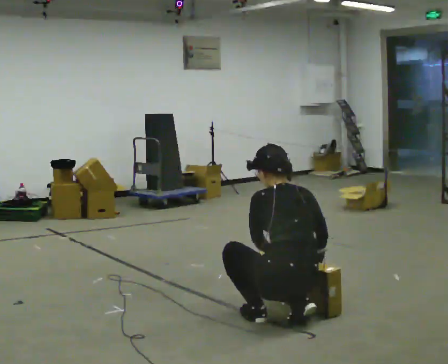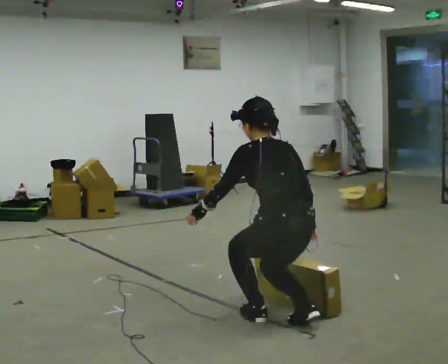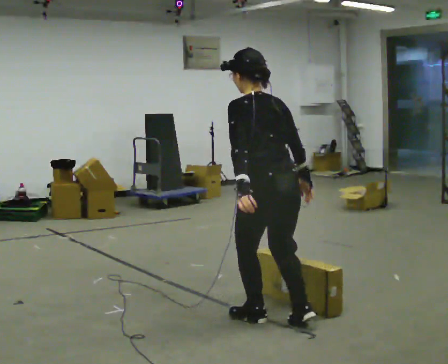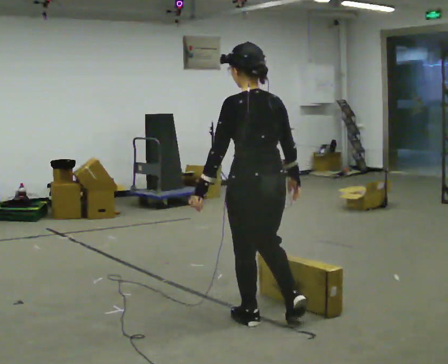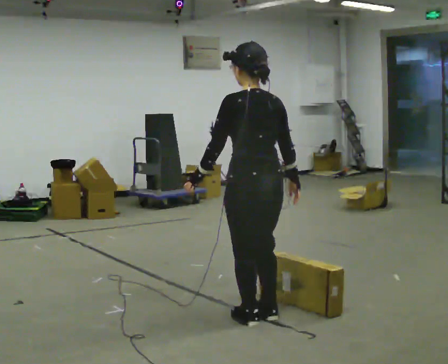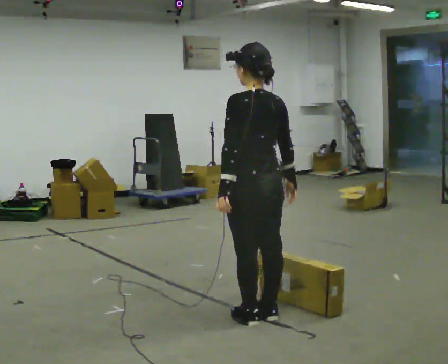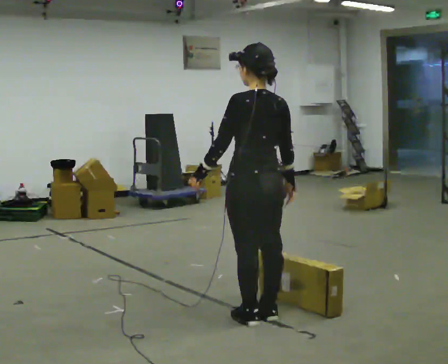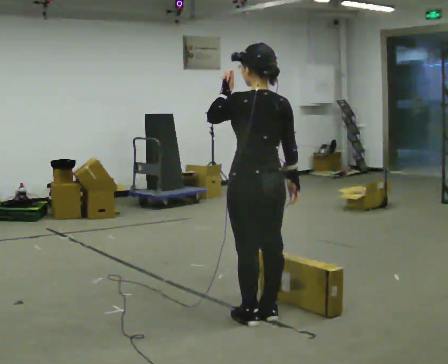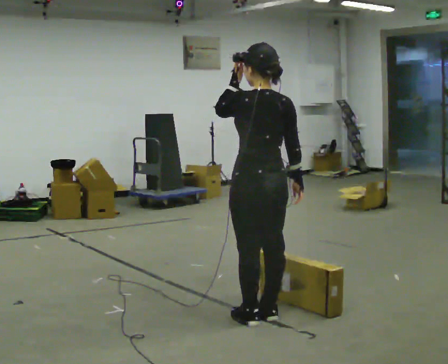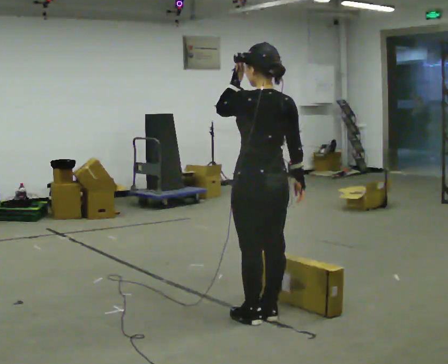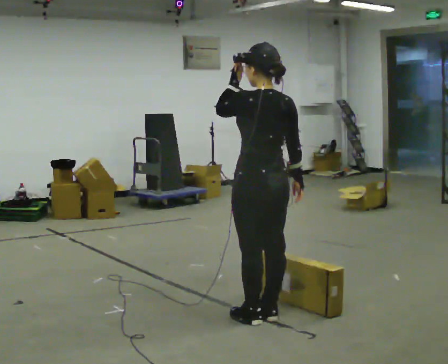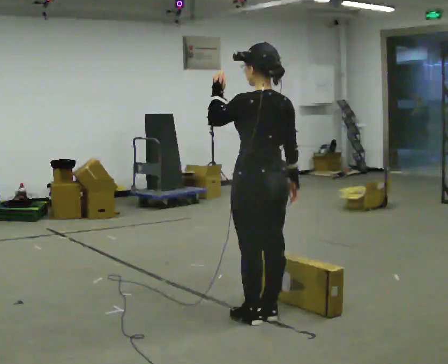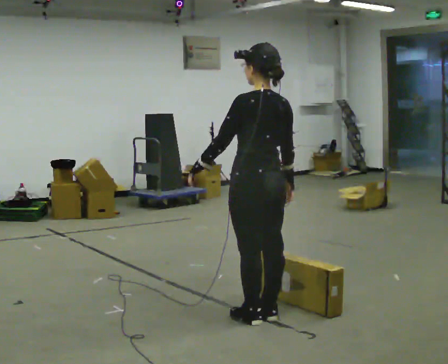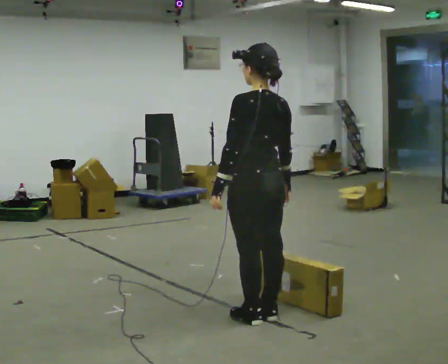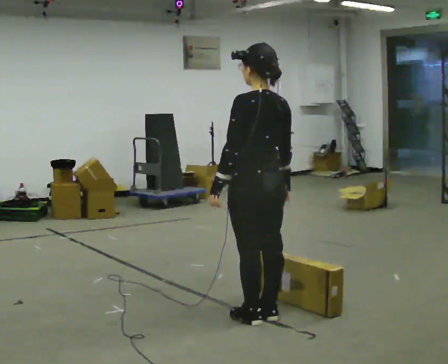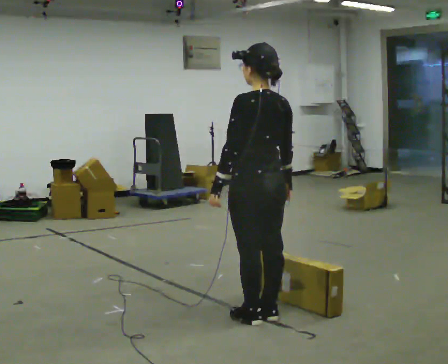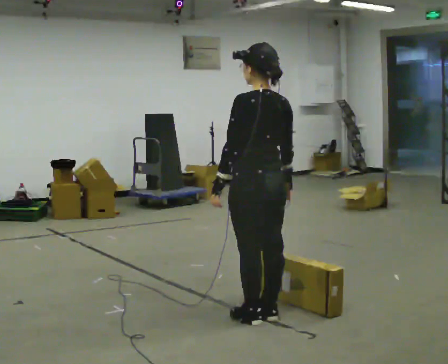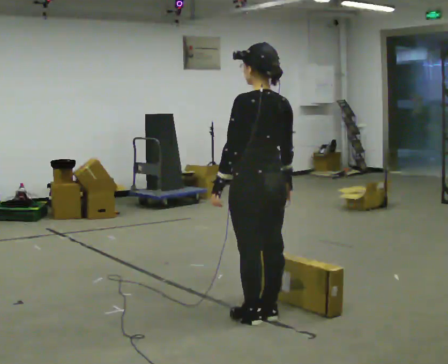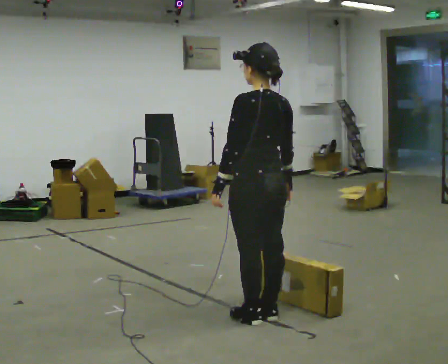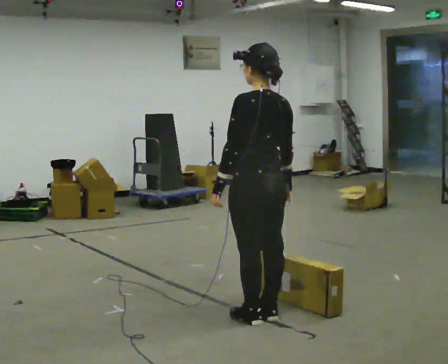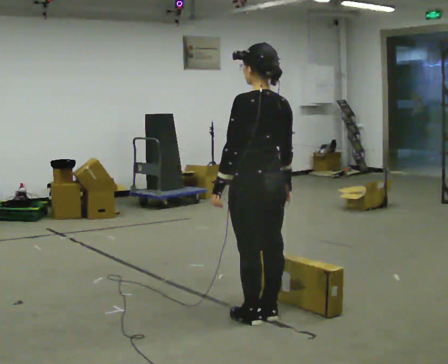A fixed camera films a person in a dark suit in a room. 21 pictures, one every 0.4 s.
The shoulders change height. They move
upward.
Their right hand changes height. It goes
upward.
0.0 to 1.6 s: In the picture they go to the left, about 0.25 m in 1 step, which for them is forward. The upper body goes upward. The upper body tips toward the camera, its near side rolling downward, as they lean back or straighten. In the picture their left hand goes upward and to the left.
1.6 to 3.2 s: In the picture their left hand goes upward.
3.2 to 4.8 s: In the picture their left hand goes downward.
4.8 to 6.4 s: The person moves a little, or ends about where they began.
6.4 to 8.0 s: The person keeps their place and pose.
The film runs forward here.
